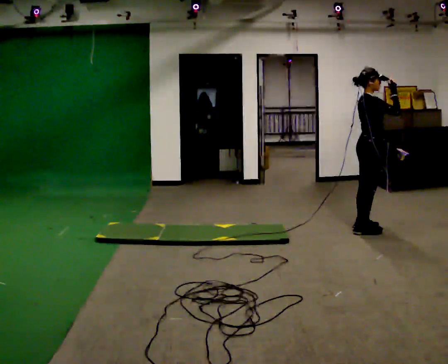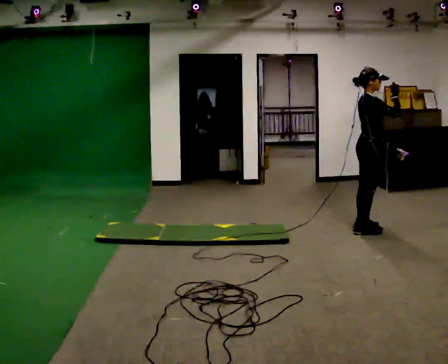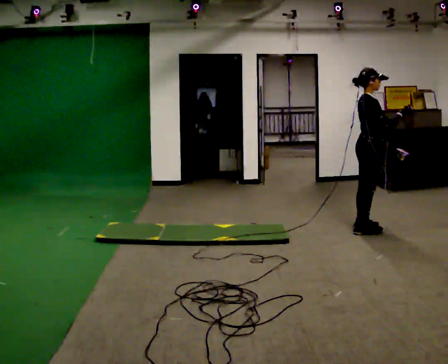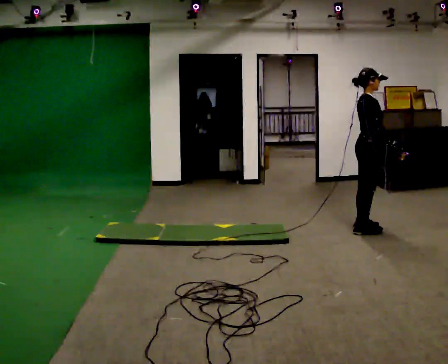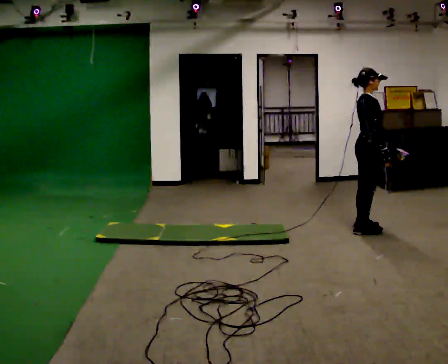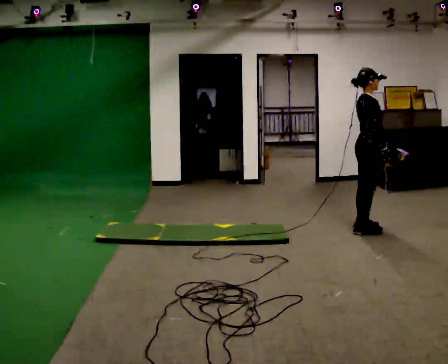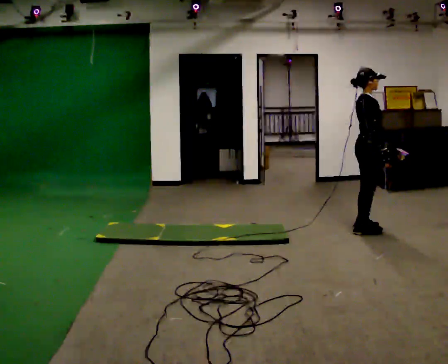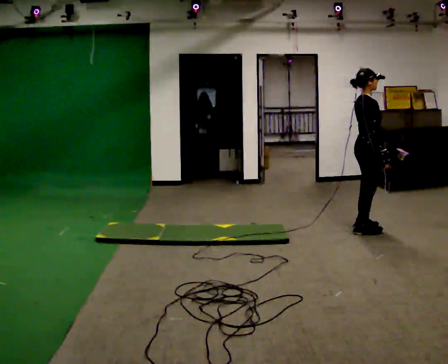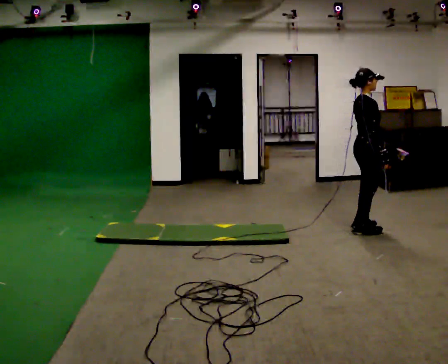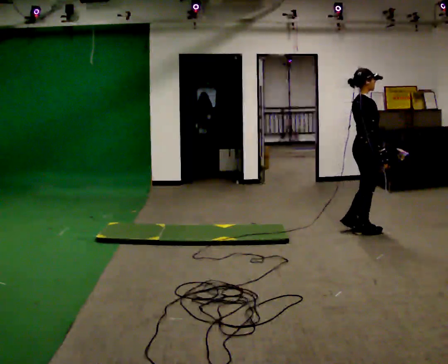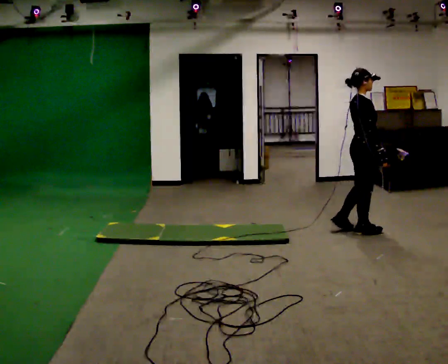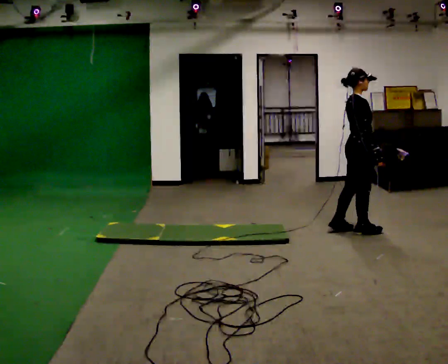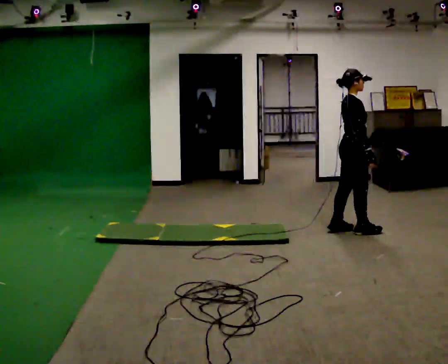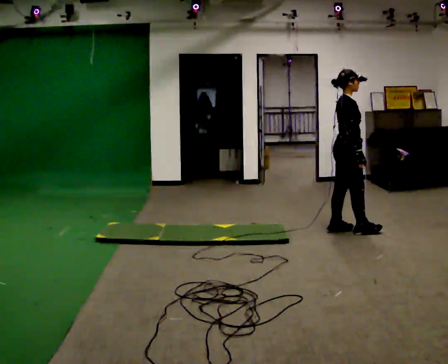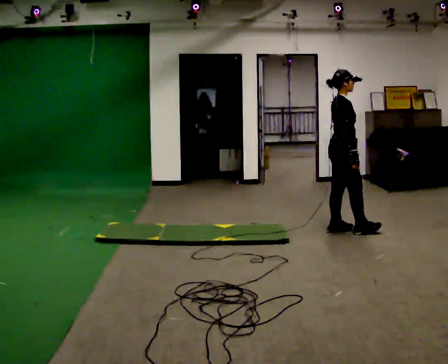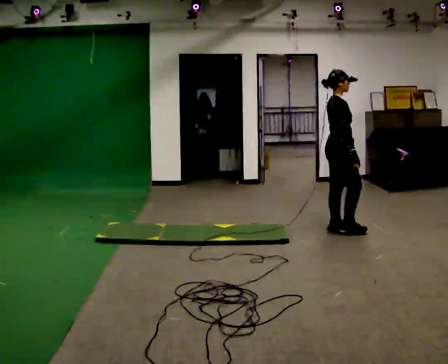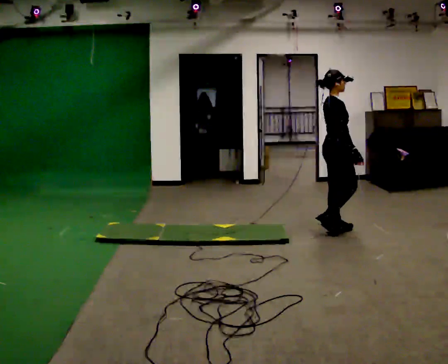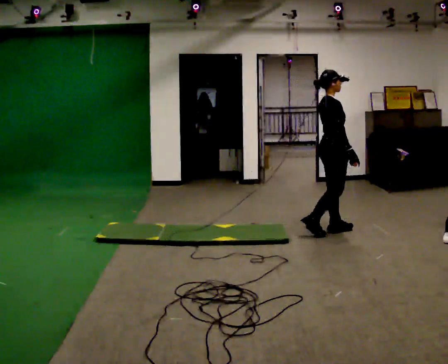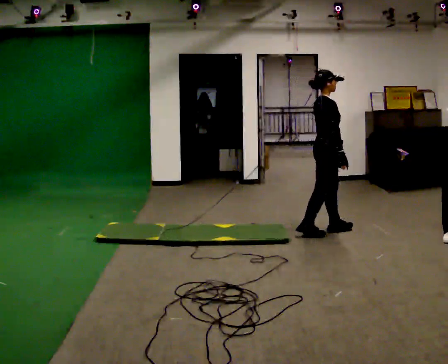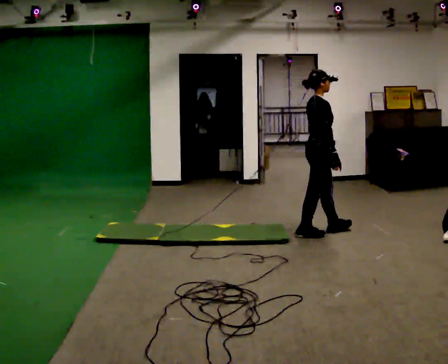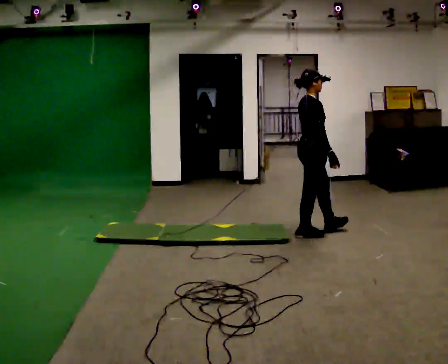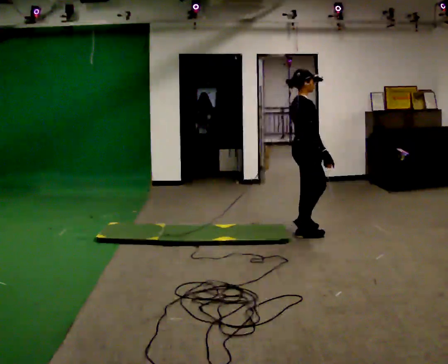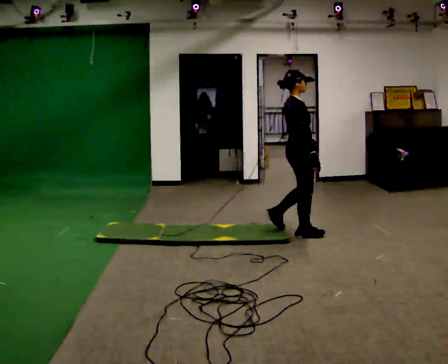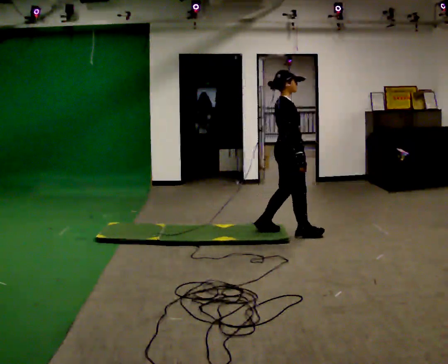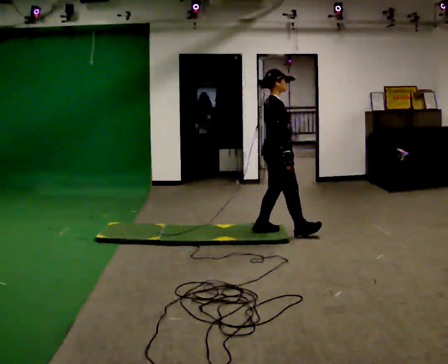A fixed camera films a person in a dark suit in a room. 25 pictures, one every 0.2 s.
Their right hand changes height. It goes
downward.
The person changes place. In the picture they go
to the left.
0.0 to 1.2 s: In the picture their right hand goes downward.
1.2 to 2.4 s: The person moves a little, or ends about where they began.
2.4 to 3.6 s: In the picture they go to the left, about 0.25 m in 1 step, which for them is backward.
3.6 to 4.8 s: In the picture they go to the left, about 0.5 m in 1 step, which for them is backward.
The film runs backward here.
